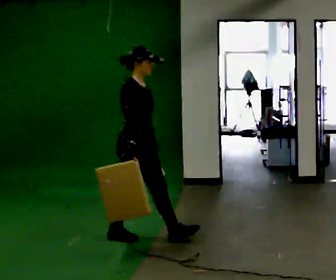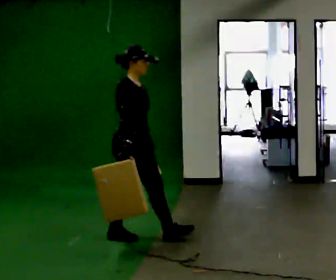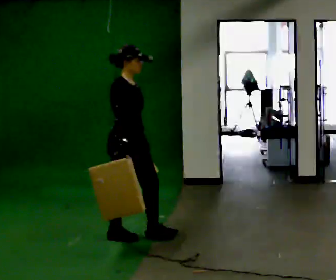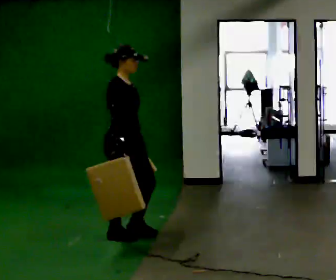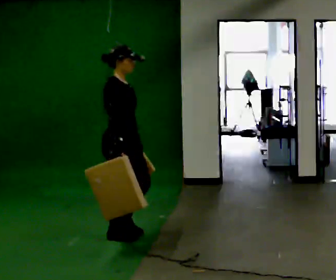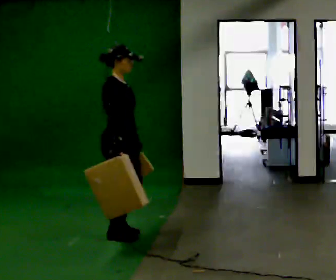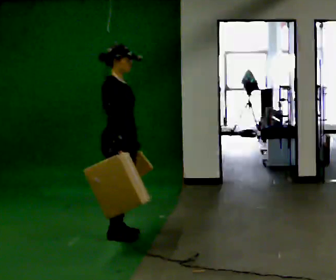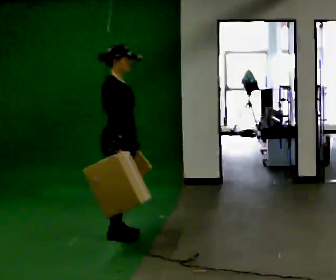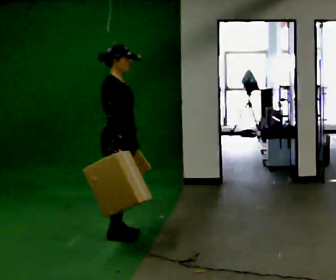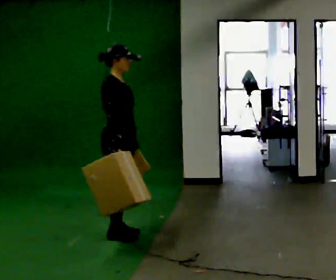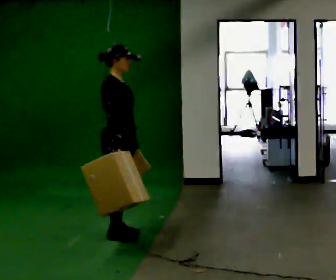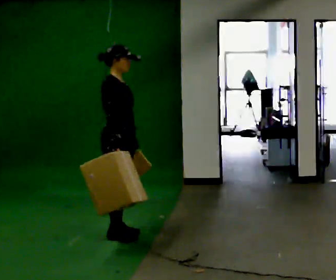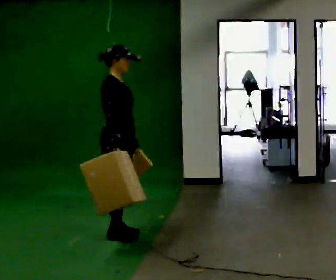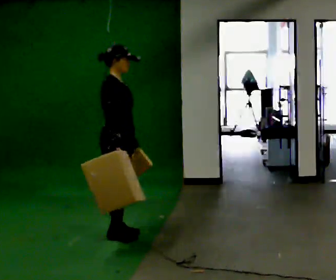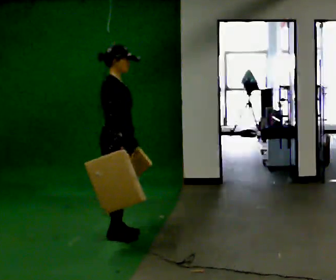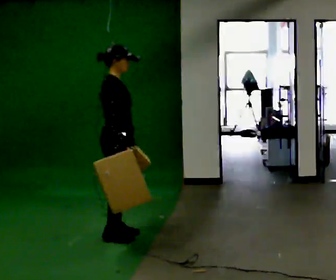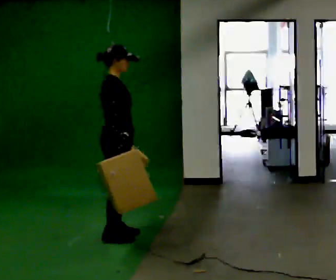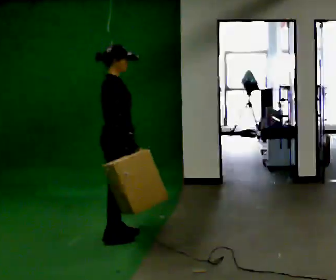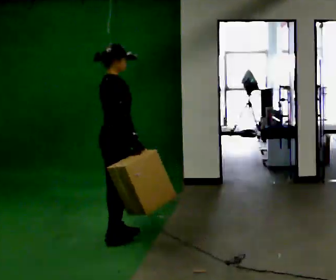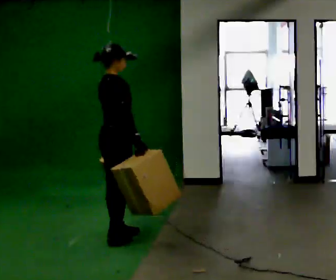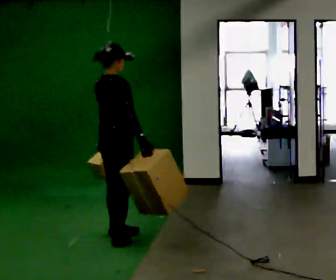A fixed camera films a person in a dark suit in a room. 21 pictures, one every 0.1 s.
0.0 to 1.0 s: In the picture they go to the left, about 0.25 m in 1 step, which for them is backward.
1.0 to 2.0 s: Seen from above the body turns counterclockwise, about 45 degrees: to their left, with its near side sliding to the right.
The film runs backward here.
